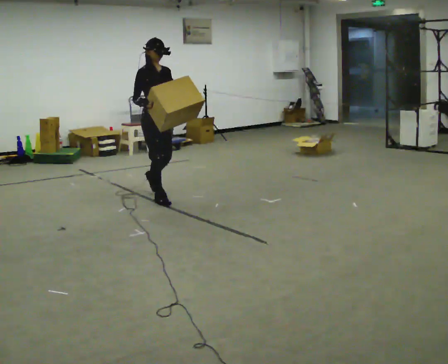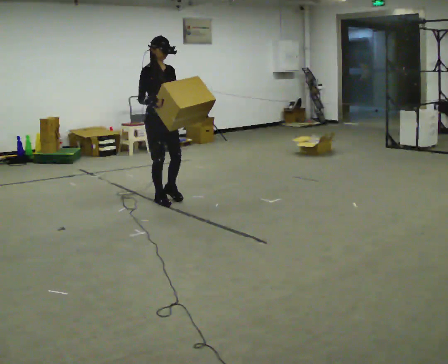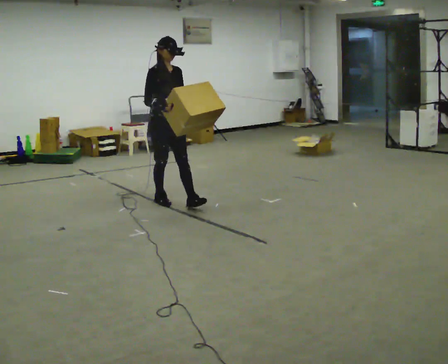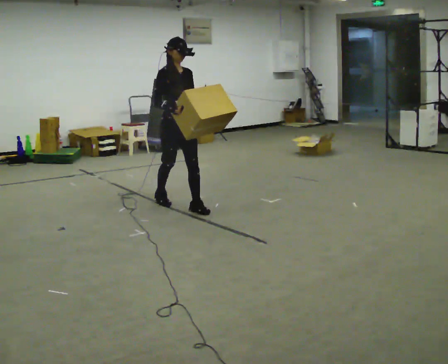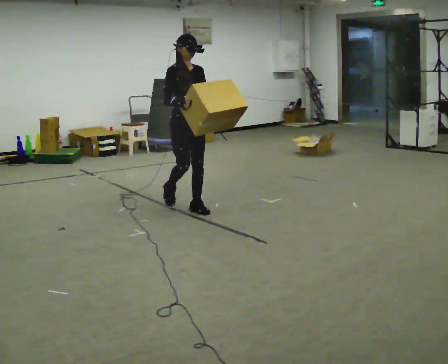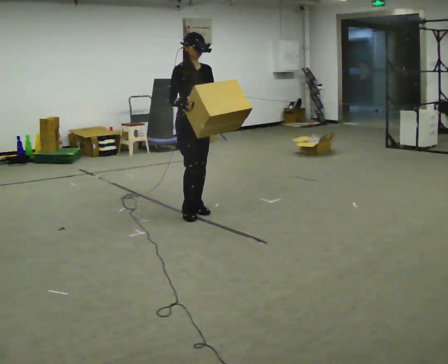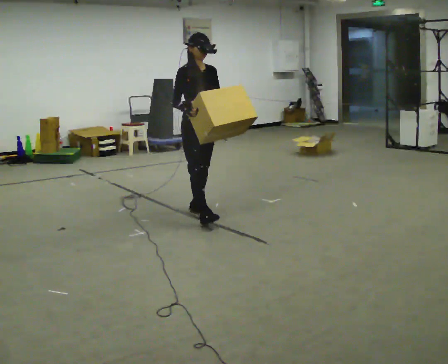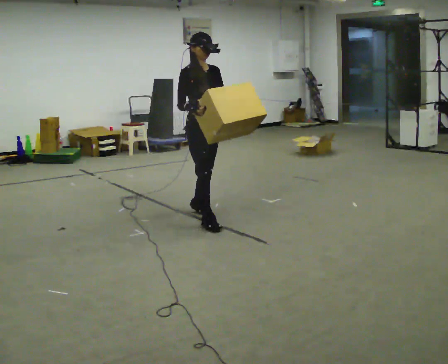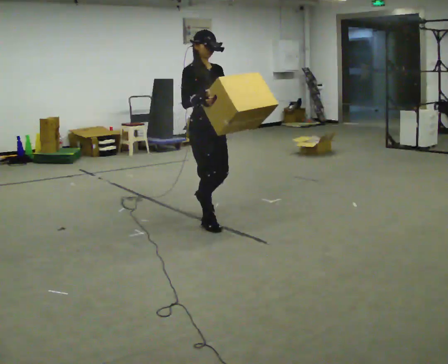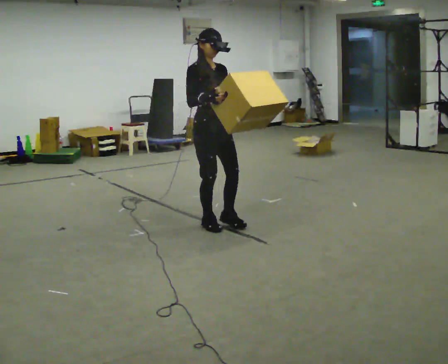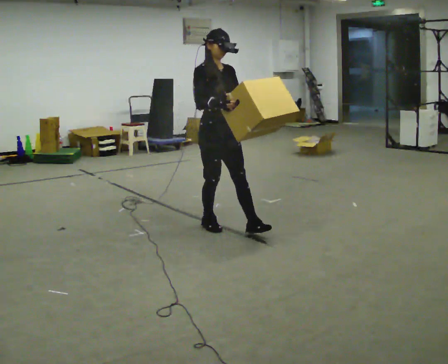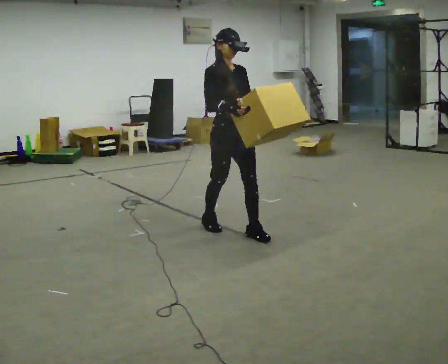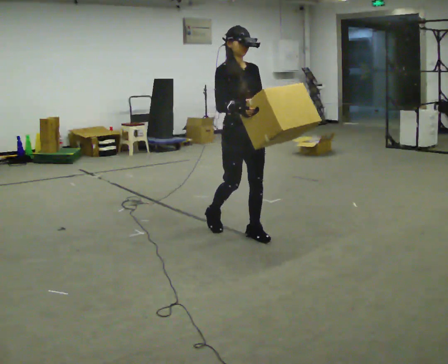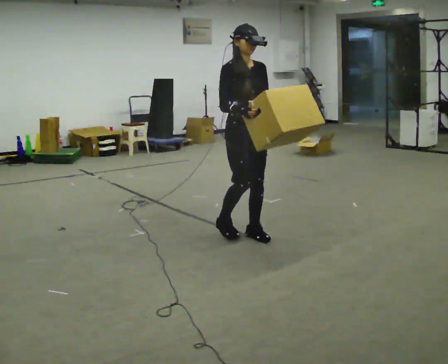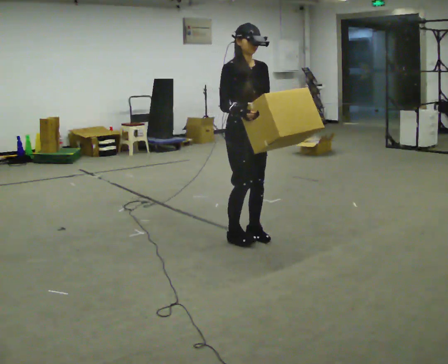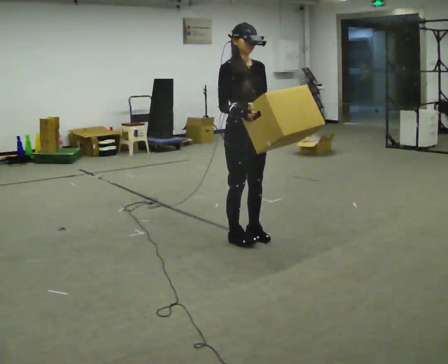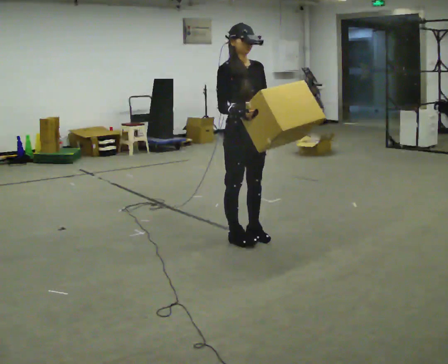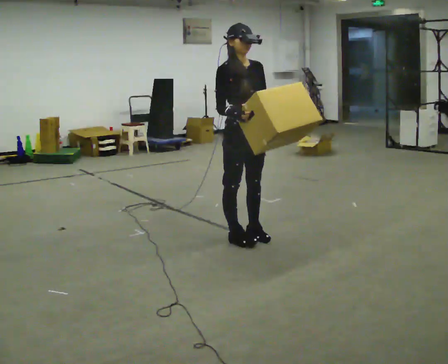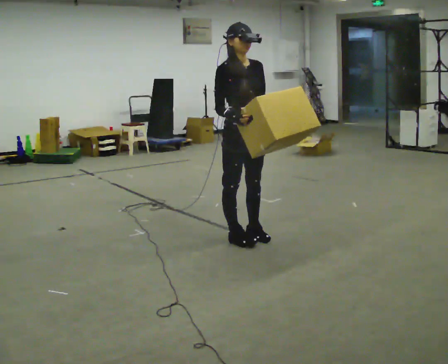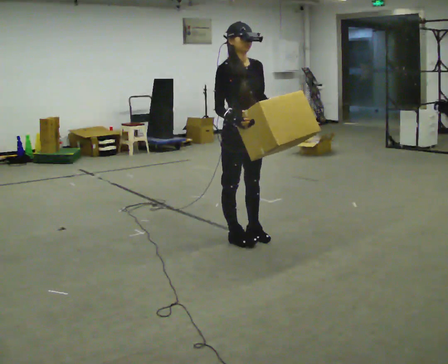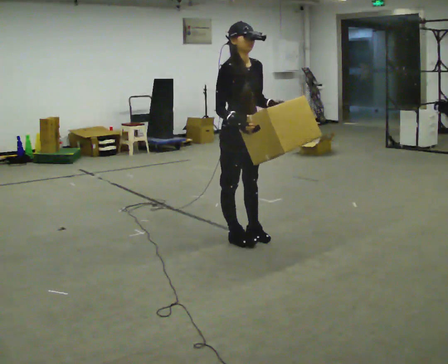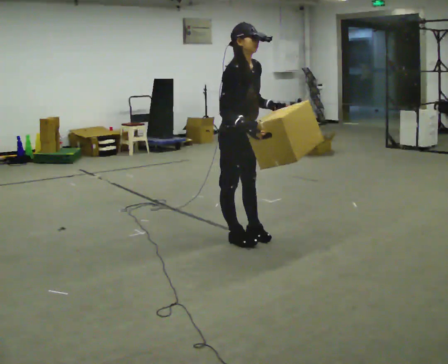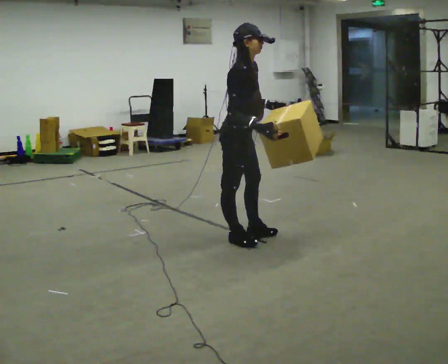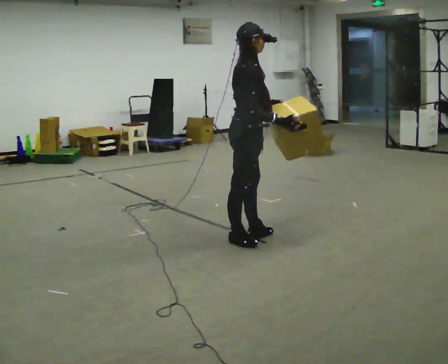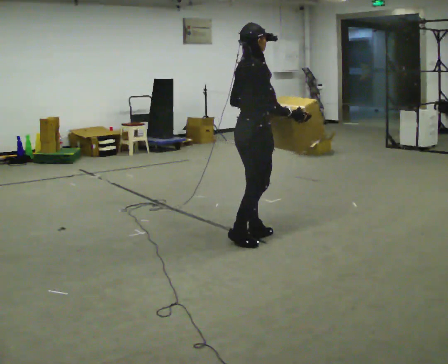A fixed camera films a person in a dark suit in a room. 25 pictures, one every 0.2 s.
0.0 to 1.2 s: In the picture they go to the right and toward the camera, about 0.5 m in 1 step, which for them is forward.
1.2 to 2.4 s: In the picture they go to the right and toward the camera, about 0.75 m in 2 steps, which for them is forward.
2.4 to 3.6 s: The person moves a little, or ends about where they began.
3.6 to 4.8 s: Seen from above the body turns counterclockwise, about 75 degrees: to their left, with its near side sliding to the right. In the picture their left hand goes to the left.
The film runs forward here.
